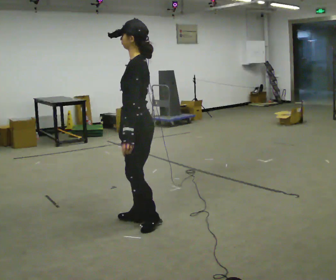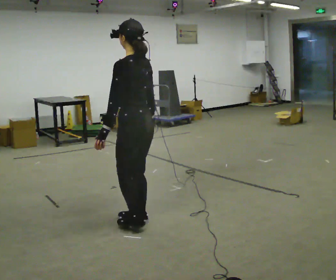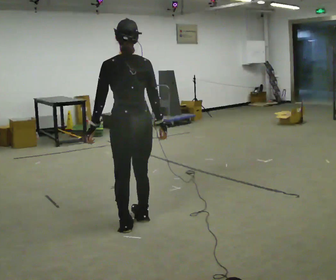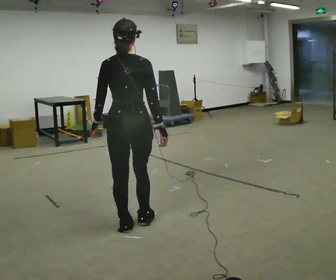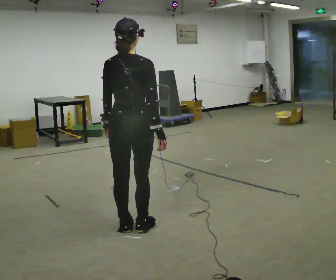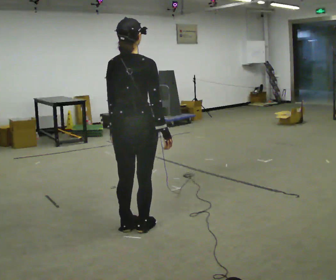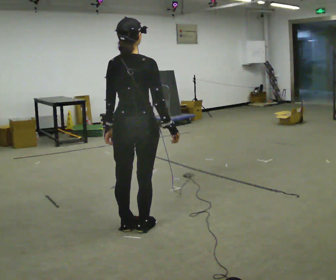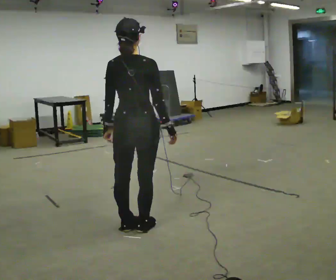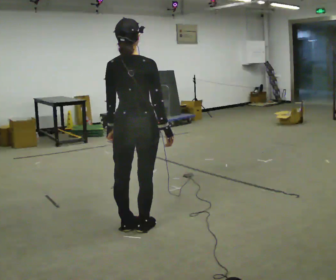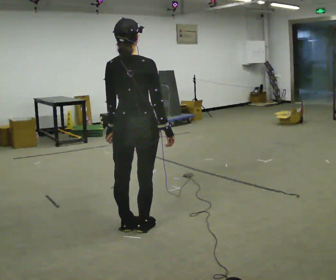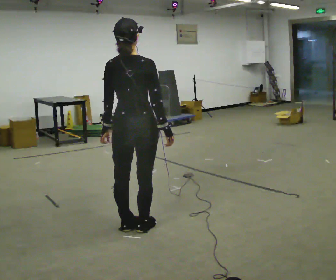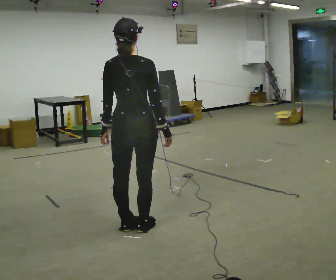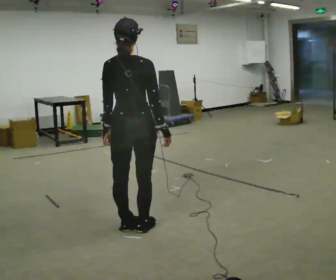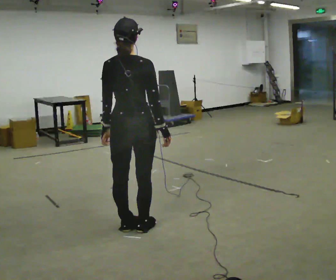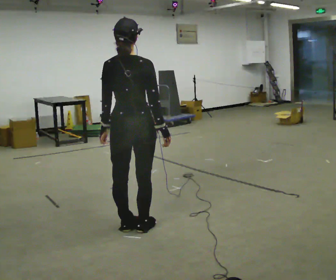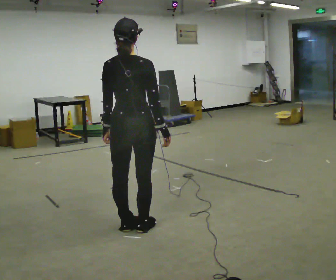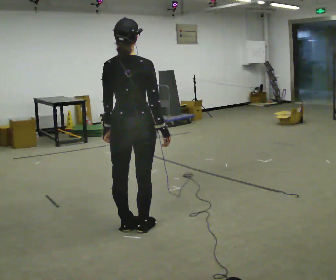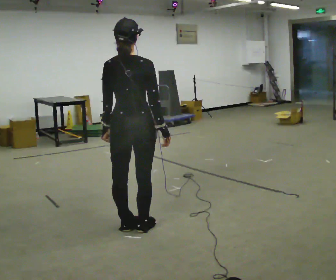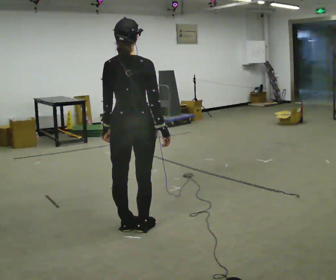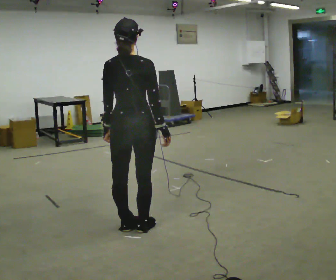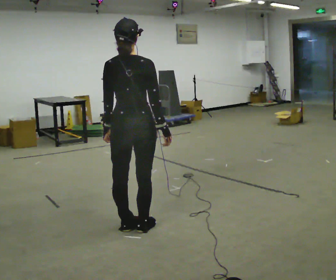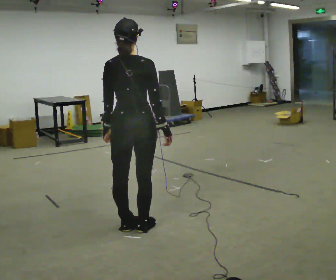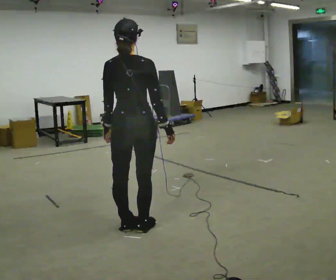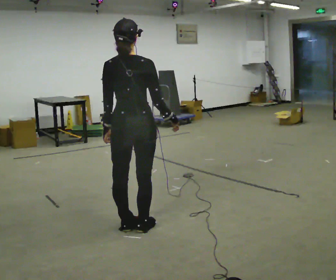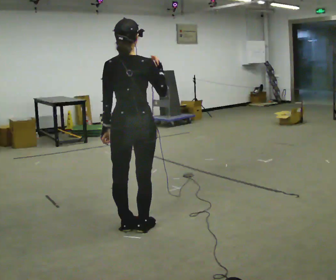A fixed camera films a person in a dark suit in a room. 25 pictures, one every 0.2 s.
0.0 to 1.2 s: The person turns about 105 degrees to their right, clockwise seen from above, so the part of the body nearest the lens slides to the left.
1.2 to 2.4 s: The person moves a little, or ends about where they began.
2.4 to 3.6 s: The person keeps their place and pose.
3.6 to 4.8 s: In the picture their right hand goes upward.
The film runs forward here.
